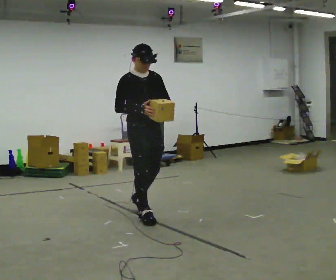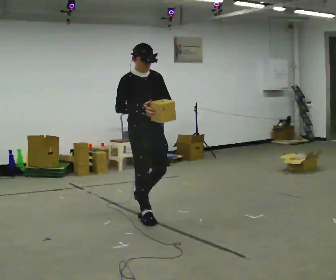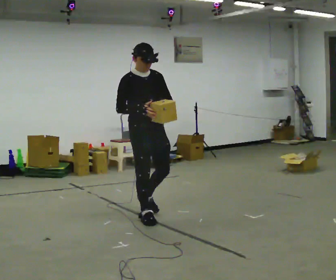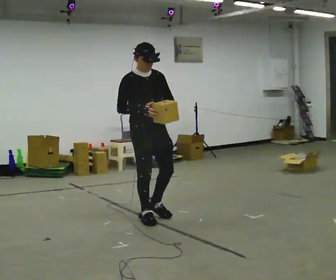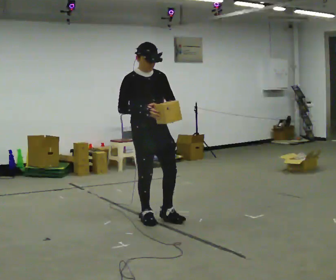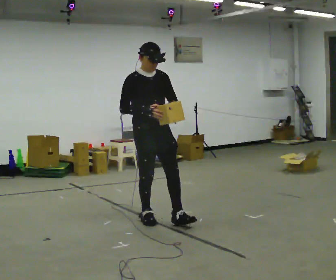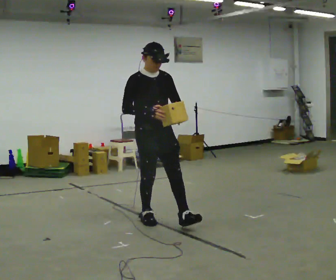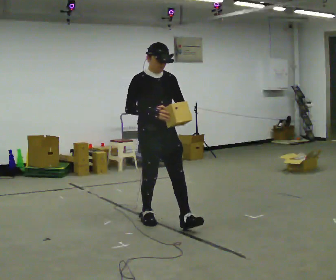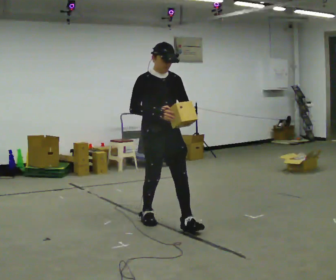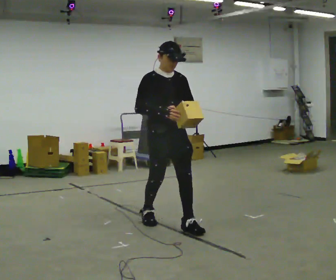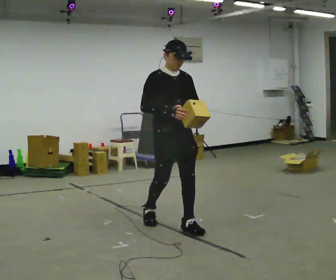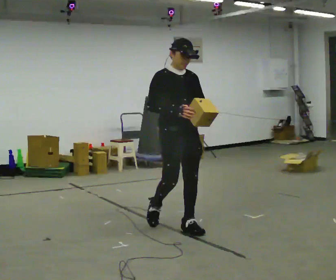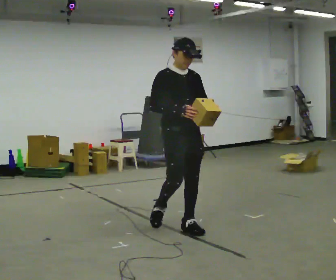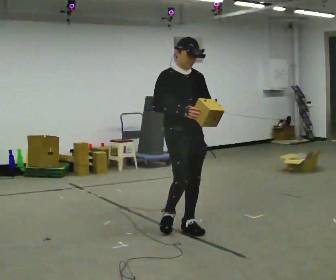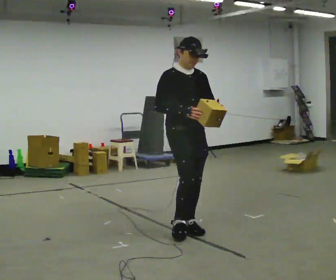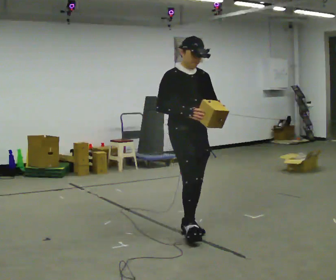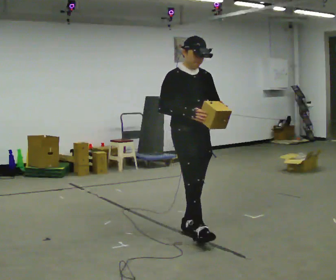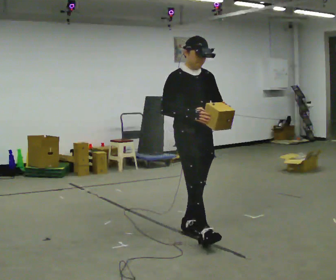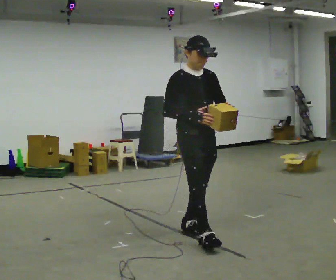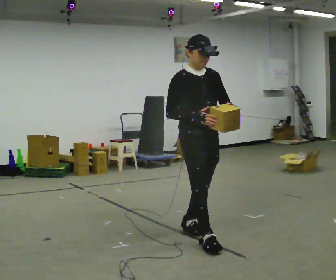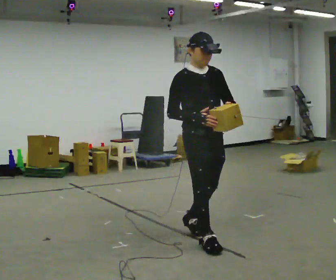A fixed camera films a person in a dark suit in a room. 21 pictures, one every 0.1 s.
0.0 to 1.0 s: In the picture they go toward the camera and to the right, about 0.5 m in 1 step, which for them is forward.
1.0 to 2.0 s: In the picture they go toward the camera and to the right, about 0.5 m in 1 step, which for them is forward.
The film runs forward here.
